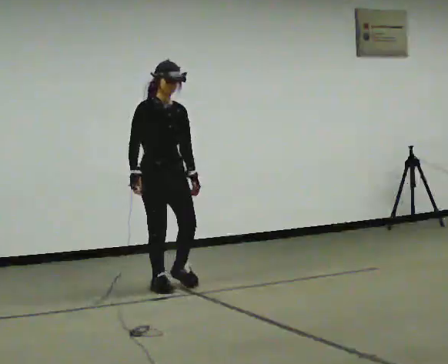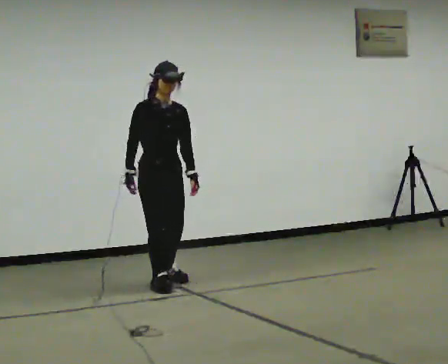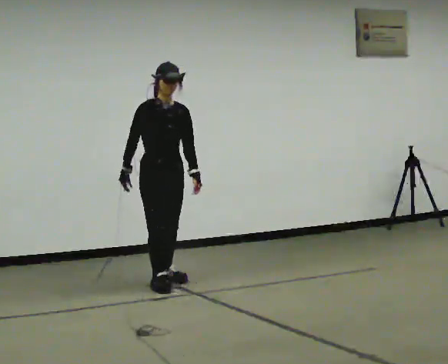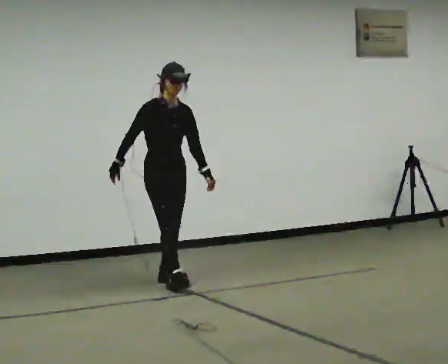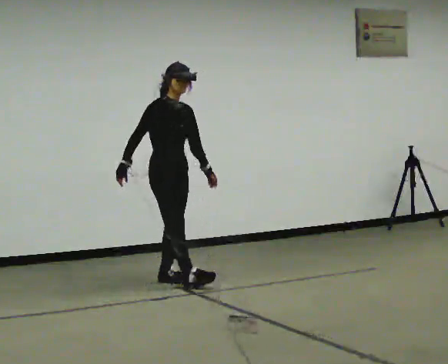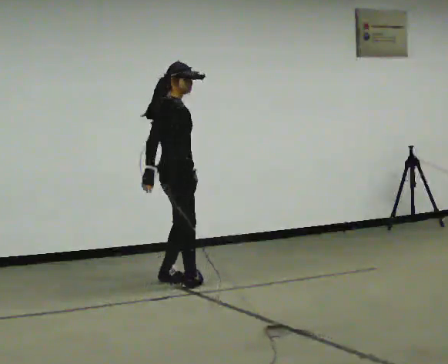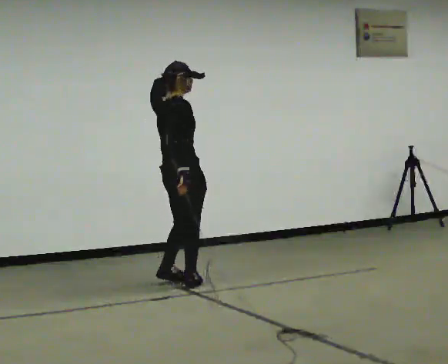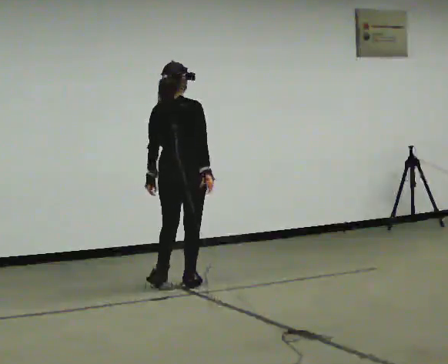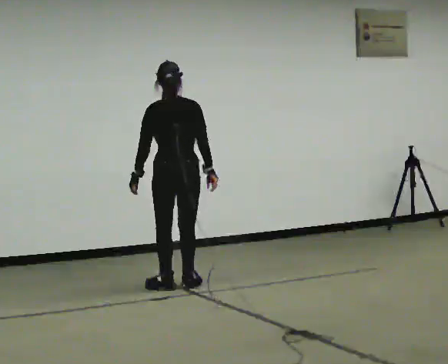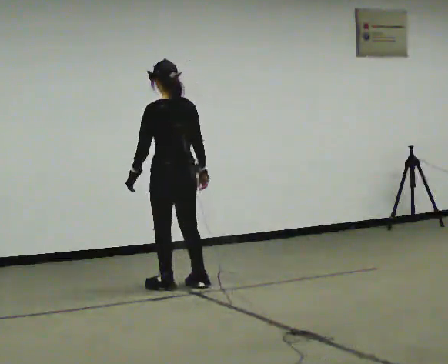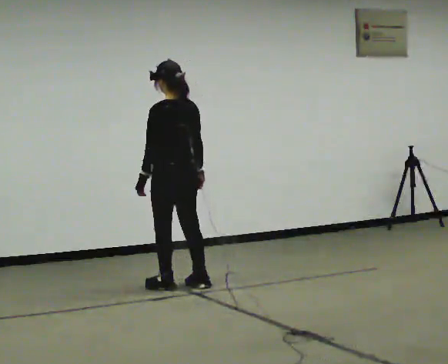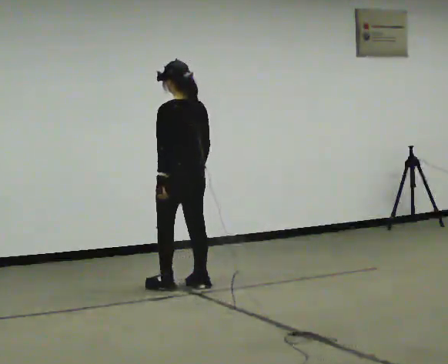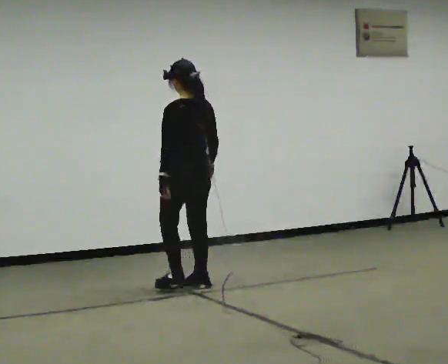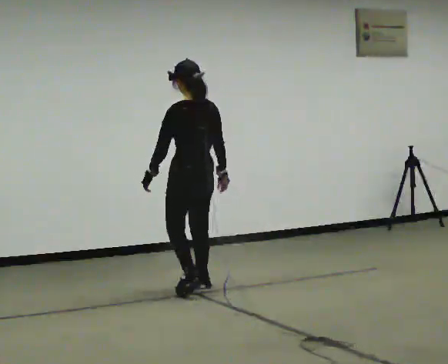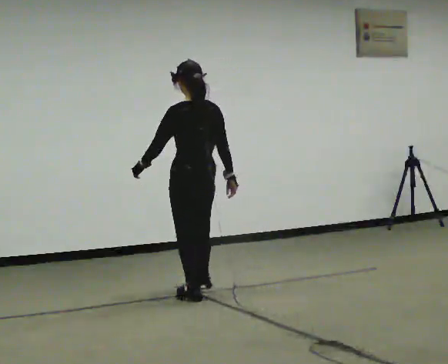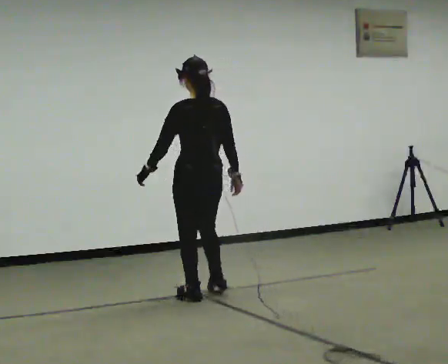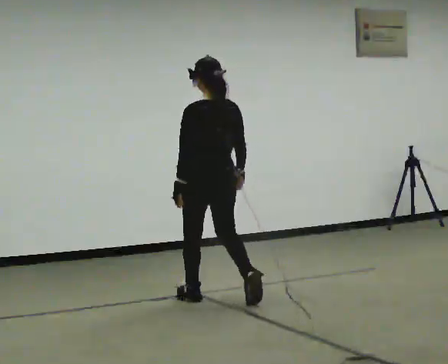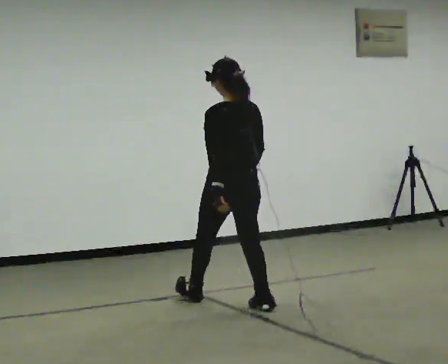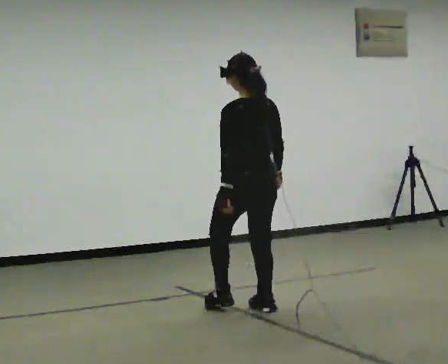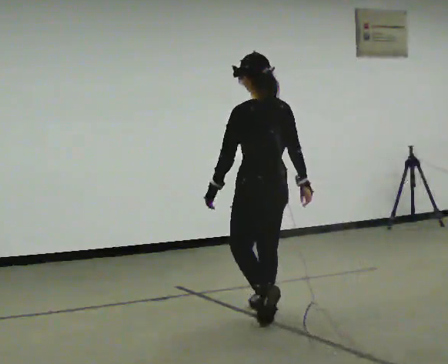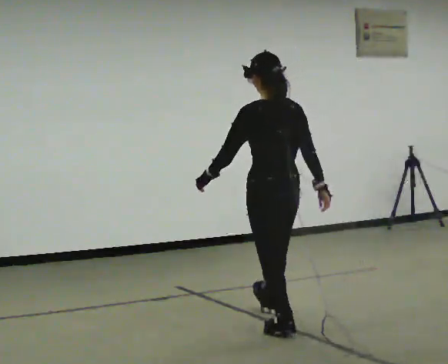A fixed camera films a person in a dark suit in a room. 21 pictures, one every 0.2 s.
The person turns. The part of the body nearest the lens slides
to the right.
The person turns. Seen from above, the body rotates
counterclockwise.
0.0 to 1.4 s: The part of the body nearest the lens slides to the right as the person turns to their left by about 120 degrees. In the picture their left hand goes to the left, the arm swinging clockwise.
1.4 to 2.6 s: The part of the body nearest the lens slides to the right as the person turns to their left by about 60 degrees. In the picture they go toward the camera, about 0.25 m in 1 step.
2.6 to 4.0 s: In the picture they go toward the camera and to the right, about 1 m in 3 steps, which for them is backward.
The film runs backward here.
